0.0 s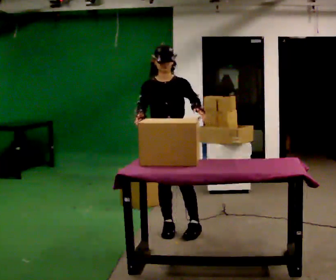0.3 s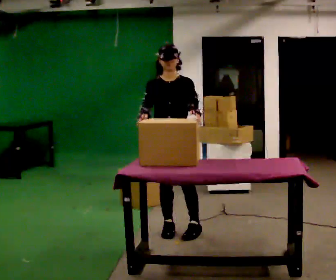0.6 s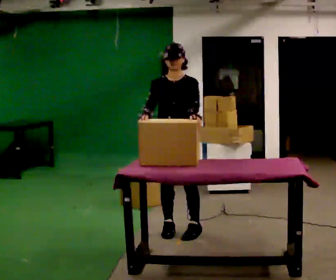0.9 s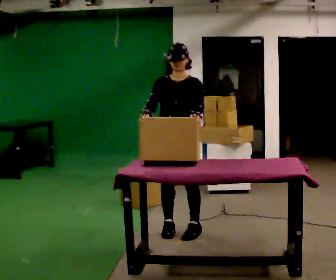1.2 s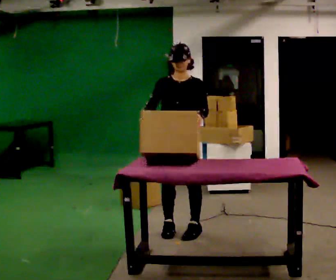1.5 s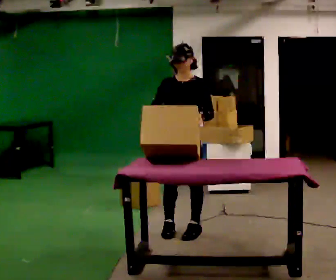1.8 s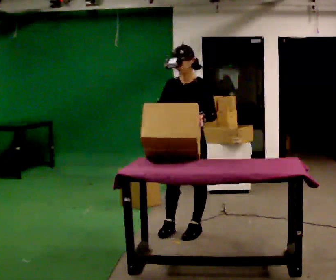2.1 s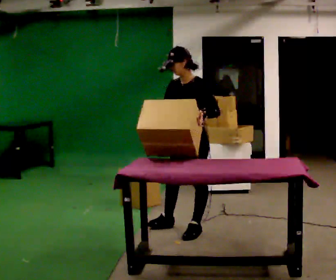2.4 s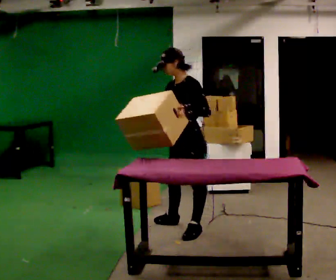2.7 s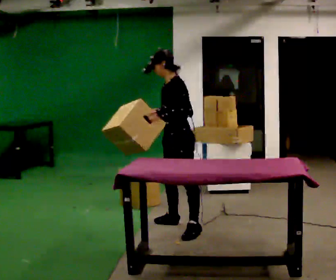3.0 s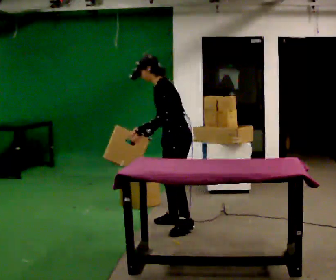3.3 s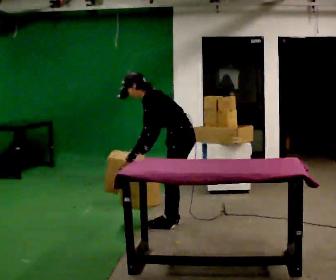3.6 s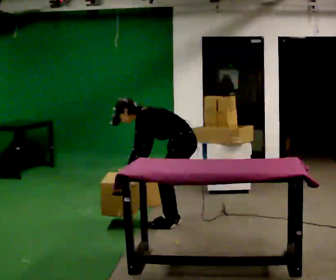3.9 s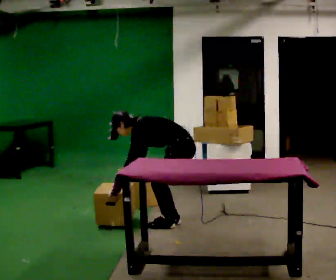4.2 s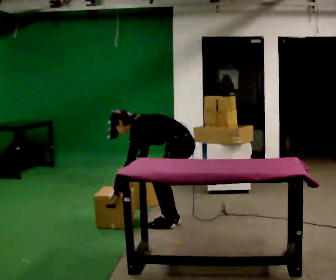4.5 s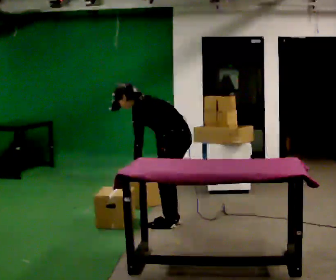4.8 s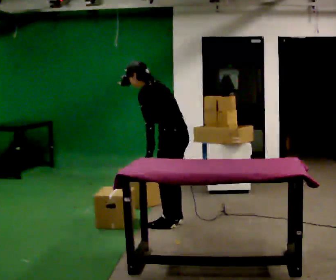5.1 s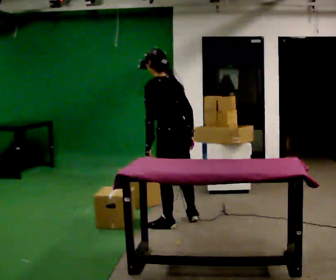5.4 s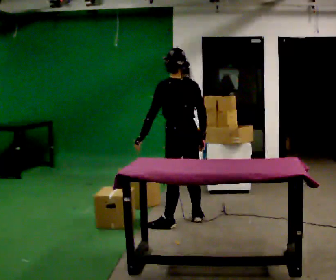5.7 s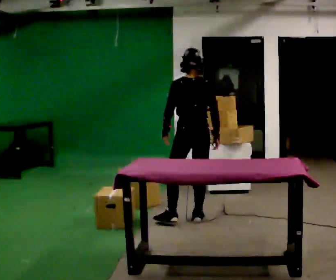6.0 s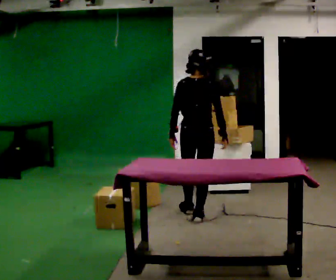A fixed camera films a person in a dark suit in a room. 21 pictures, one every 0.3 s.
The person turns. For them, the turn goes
to their right.
The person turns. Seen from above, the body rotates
clockwise.
0.0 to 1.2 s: The person moves a little, or ends about where they began.
1.2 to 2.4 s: Seen from above the body turns clockwise, about 60 degrees: to their right, with its near side sliding to the left.
2.4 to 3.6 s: The person turns about 30 degrees to their right, clockwise seen from above, so the part of the body nearest the lens slides to the left. The upper body goes downward. In the picture the upper body tilts counterclockwise, shoulders to the left, as they bend forward. In the picture their left hand goes downward and to the left.
3.6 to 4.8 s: The part of the body nearest the lens slides to the left as the person turns to their right by about 30 degrees. In the picture the upper body tilts clockwise, shoulders to the right, as they lean back or straighten. In the picture their right hand goes to the right and upward.
4.8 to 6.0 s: The person turns about 60 degrees to their right, clockwise seen from above, so the part of the body nearest the lens slides to the left. In the picture they go away from the camera and to the right, about 0.25 m in 1 step. In the picture the upper body tilts clockwise, shoulders to the right, as they lean back or straighten.
The film runs forward here.
